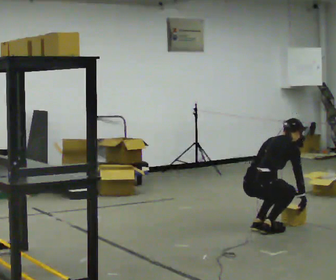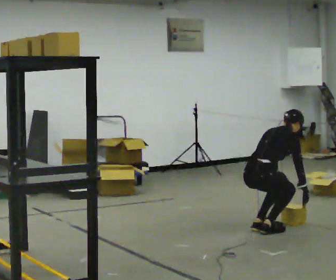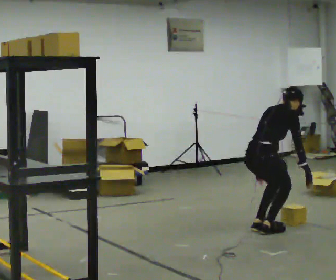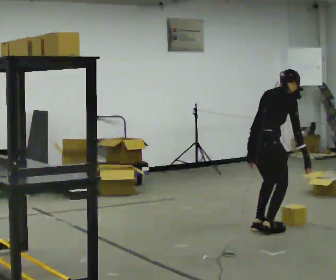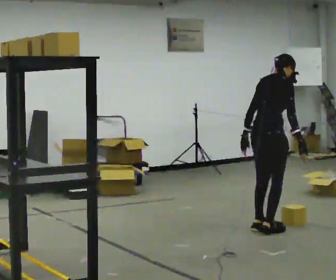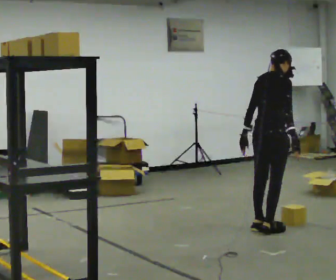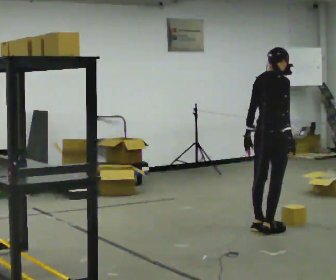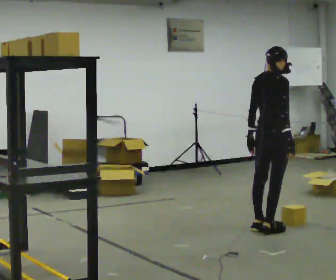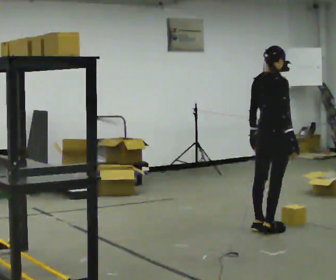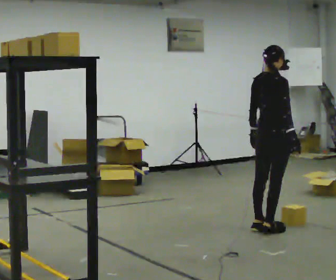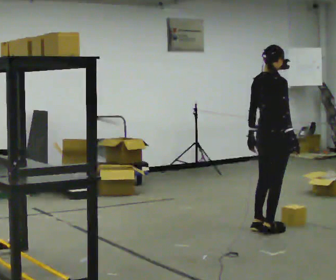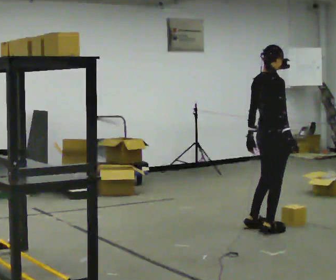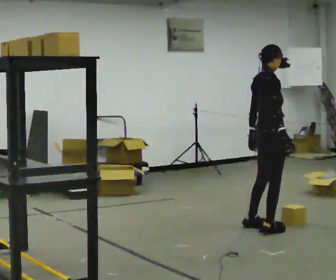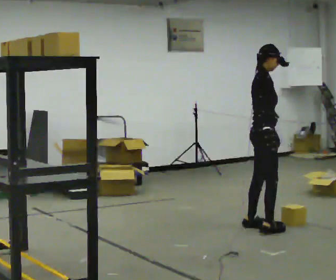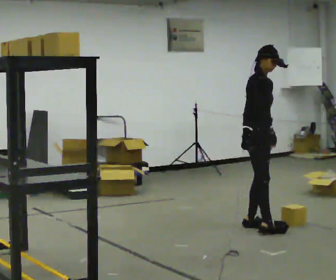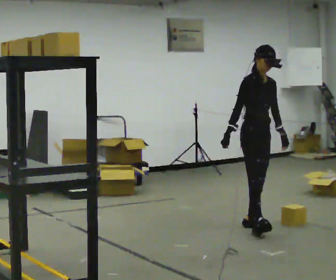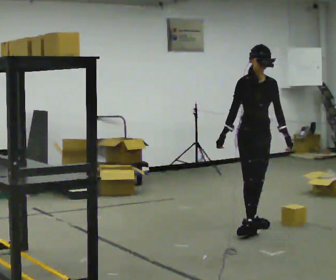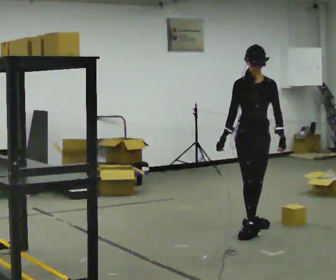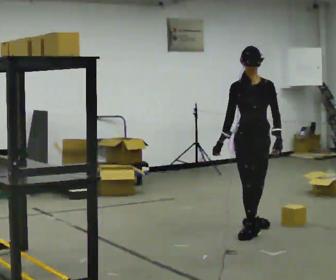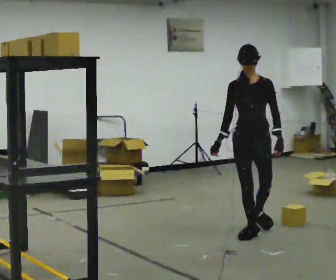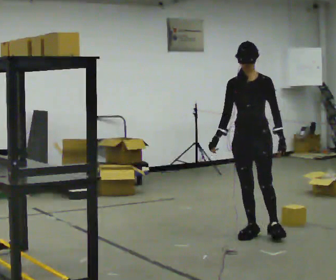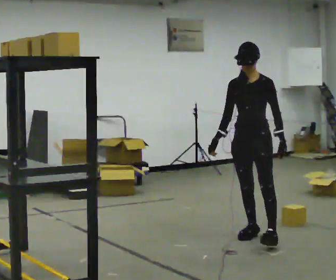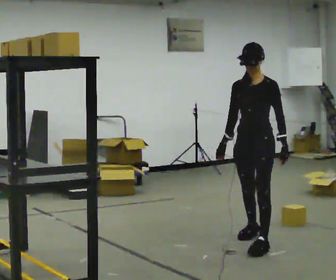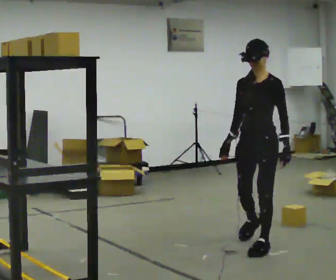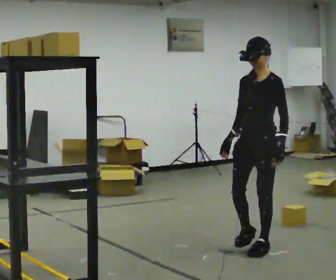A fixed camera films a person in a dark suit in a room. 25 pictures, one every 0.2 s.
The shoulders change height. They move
upward.
The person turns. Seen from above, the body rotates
clockwise.
0.0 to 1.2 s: The upper body goes upward. The upper body tips toward the camera, its near side rolling downward, as they lean back or straighten. In the picture their left hand goes upward.
1.2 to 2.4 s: The person moves a little, or ends about where they began.
2.4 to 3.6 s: Seen from above the body turns clockwise, about 90 degrees: to their right, with its near side sliding to the left.
3.6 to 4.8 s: The person turns about 60 degrees to their right, clockwise seen from above, so the part of the body nearest the lens slides to the left. In the picture they go toward the camera, about 0.5 m in 1 step, which for them is forward and to their left.
The film runs forward here.
